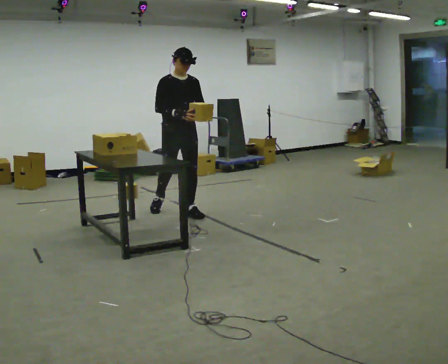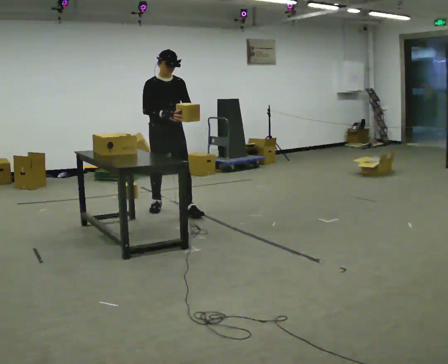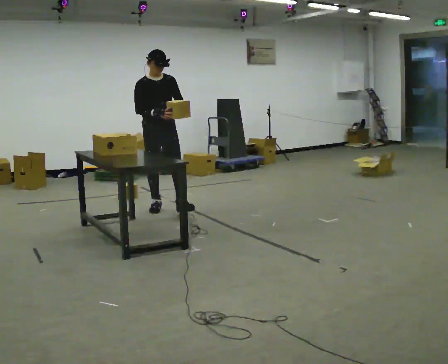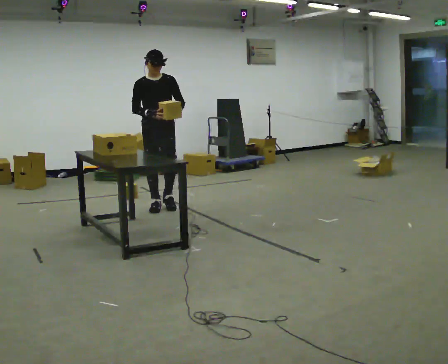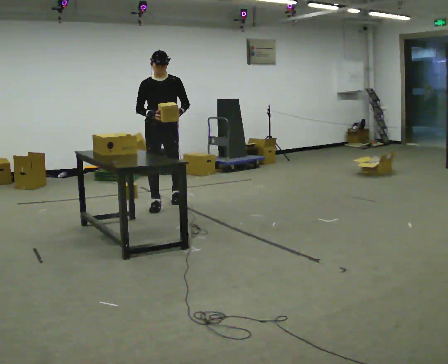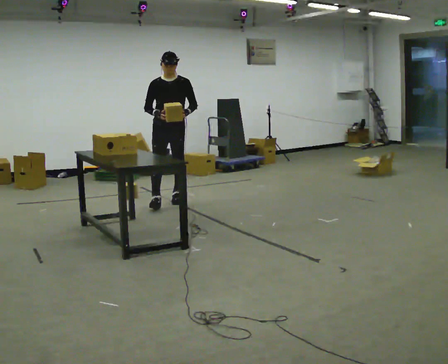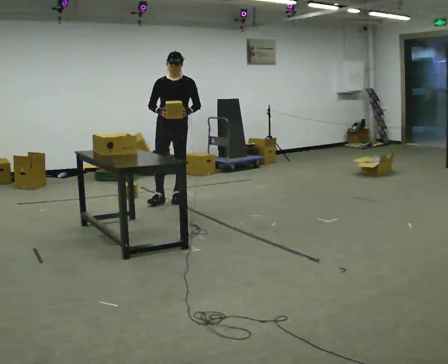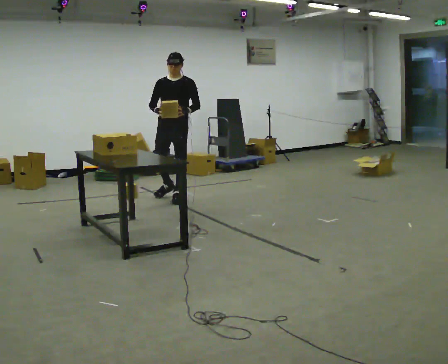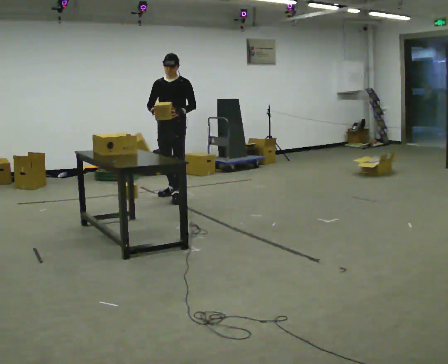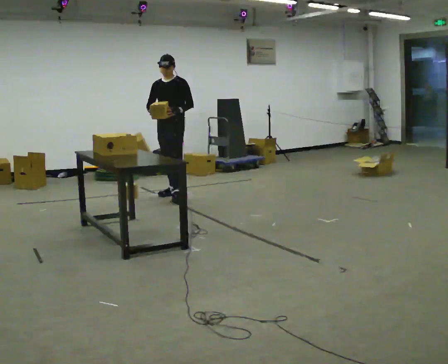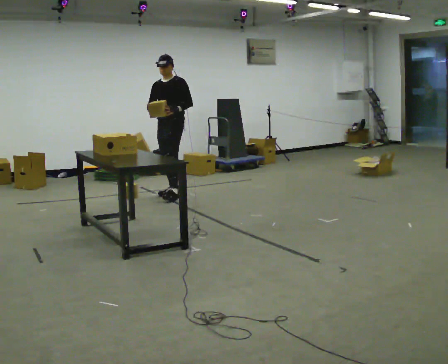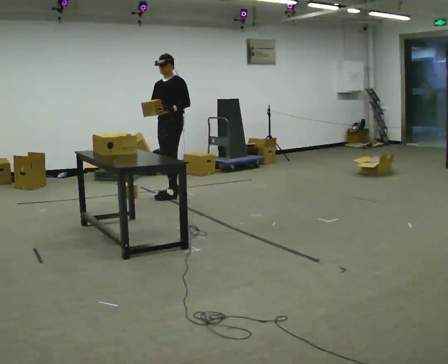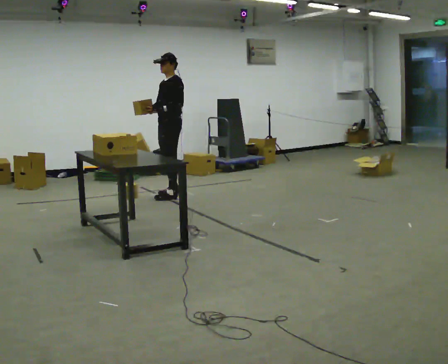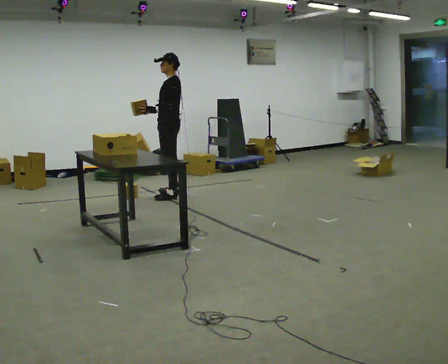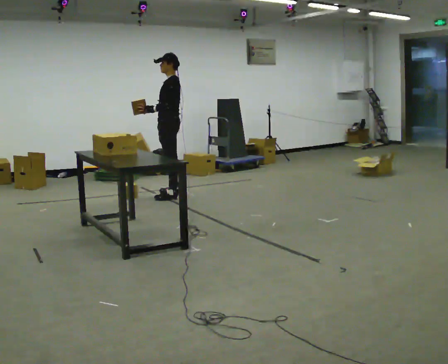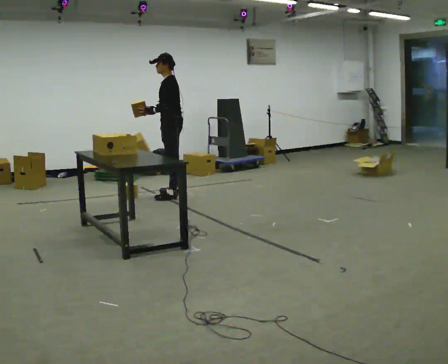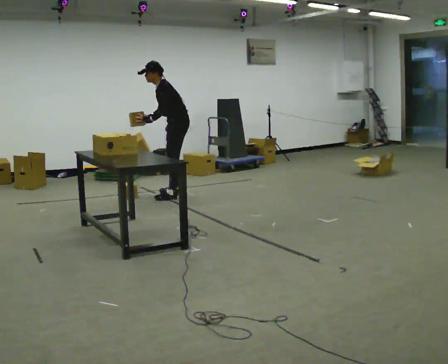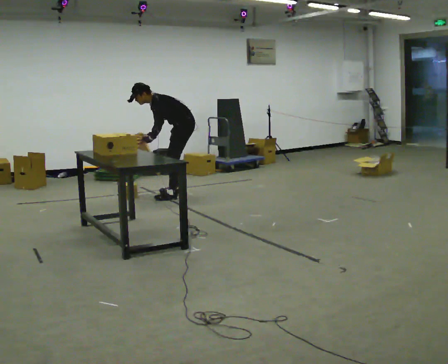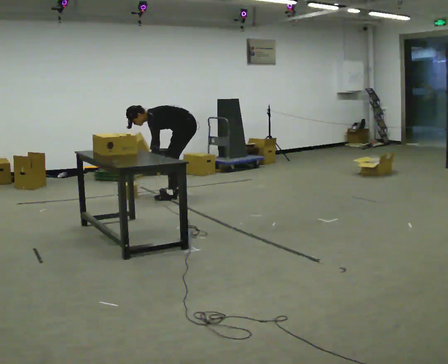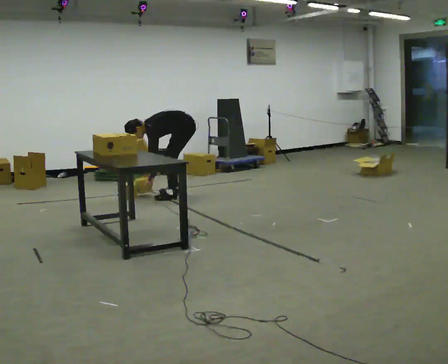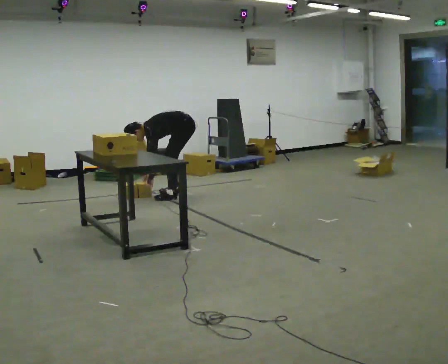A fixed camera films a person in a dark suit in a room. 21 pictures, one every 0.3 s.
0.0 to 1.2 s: In the picture they go away from the camera and to the left, about 0.5 m in 1 step, which for them is backward.
1.2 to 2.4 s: Seen from above the body turns clockwise, about 30 degrees: to their right, with its near side sliding to the left. In the picture they go away from the camera, about 0.5 m in 1 step, which for them is backward.
2.4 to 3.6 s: Seen from above the body turns clockwise, about 45 degrees: to their right, with its near side sliding to the left.
3.6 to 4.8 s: In the picture the upper body tilts counterclockwise, shoulders to the left, as they bend forward.
4.8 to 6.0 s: The upper body goes downward. In the picture the upper body tilts counterclockwise, shoulders to the left, as they bend forward. In the picture their left hand goes downward.
The film runs backward here.
